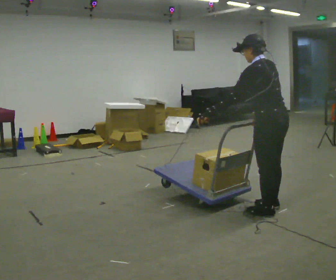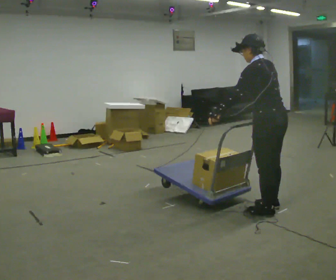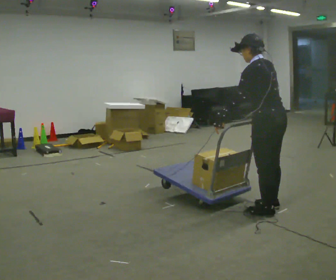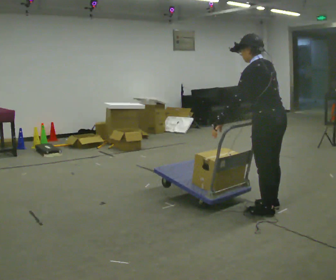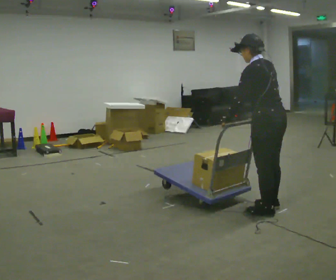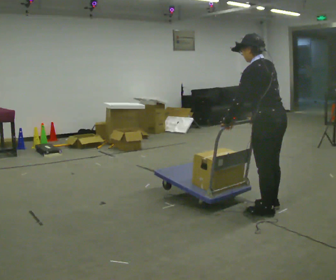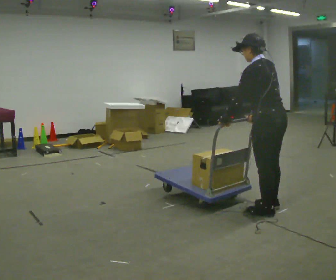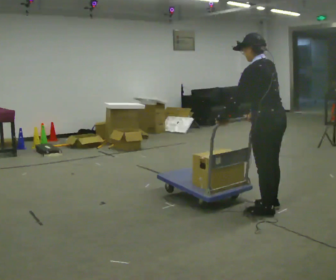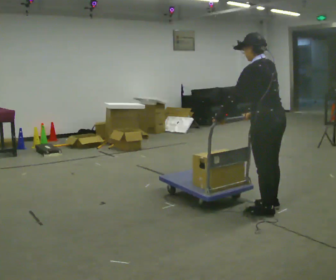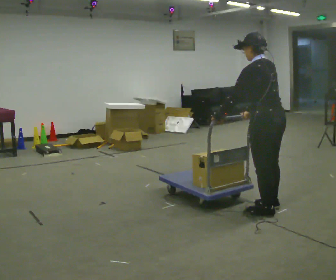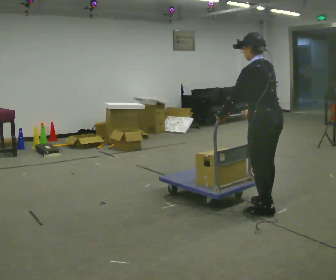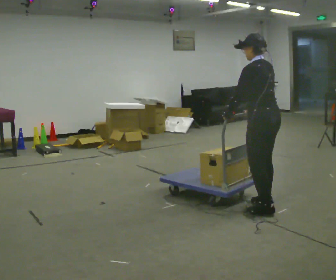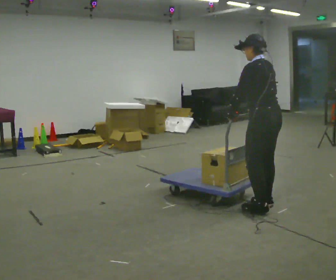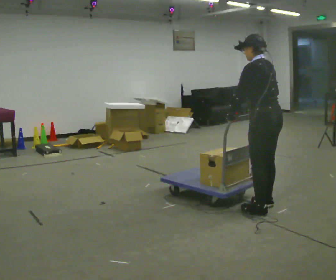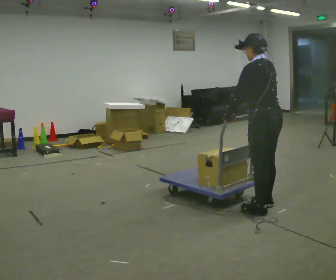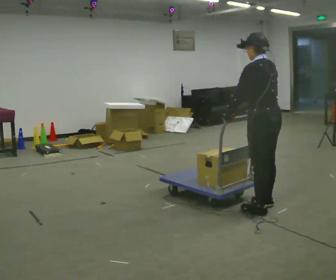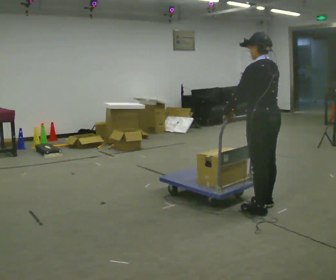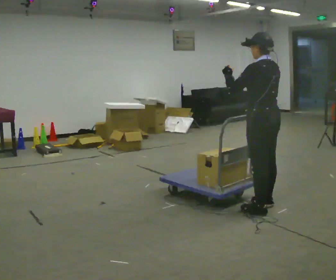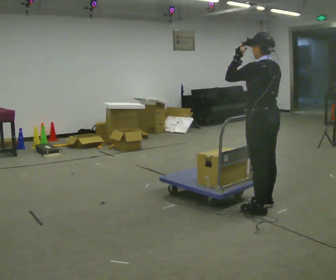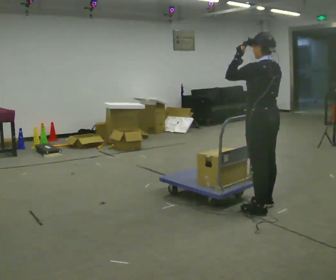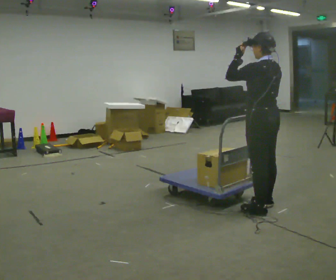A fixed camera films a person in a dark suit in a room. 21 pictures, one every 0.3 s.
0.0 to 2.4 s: The person moves a little, or ends about where they began.
2.4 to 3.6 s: In the picture they go away from the camera, about 0.25 m.
3.6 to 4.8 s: The person moves a little, or ends about where they began.
4.8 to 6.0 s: In the picture their left hand goes upward.
The film runs forward here.
